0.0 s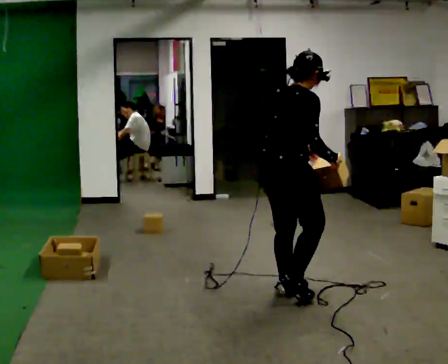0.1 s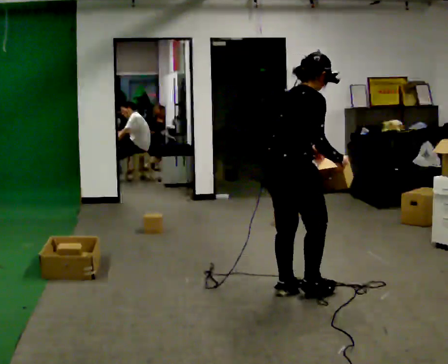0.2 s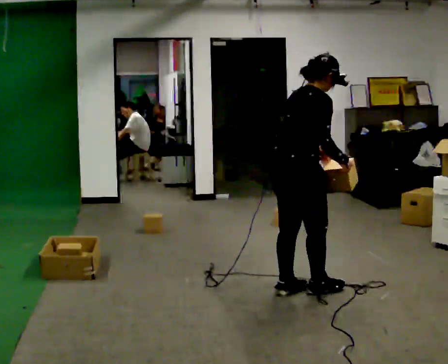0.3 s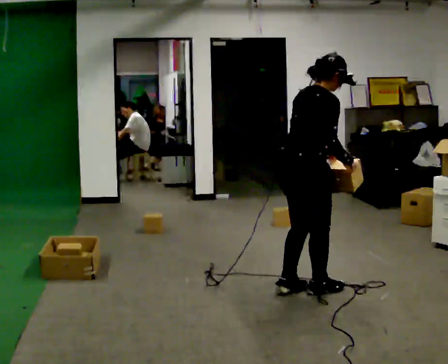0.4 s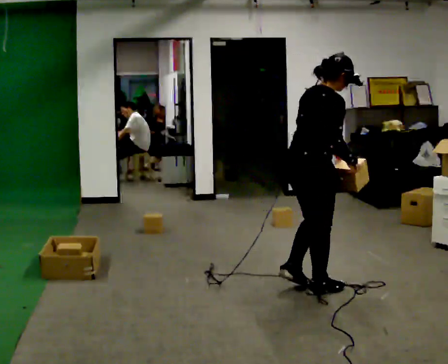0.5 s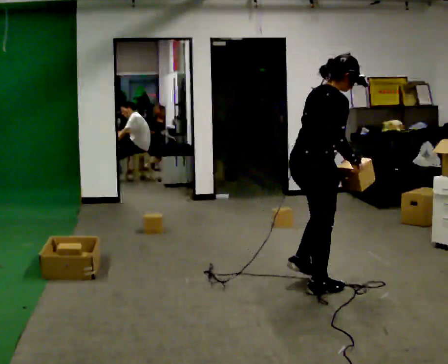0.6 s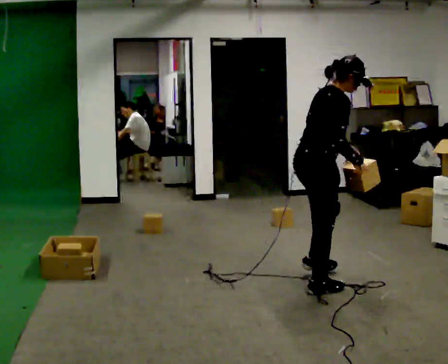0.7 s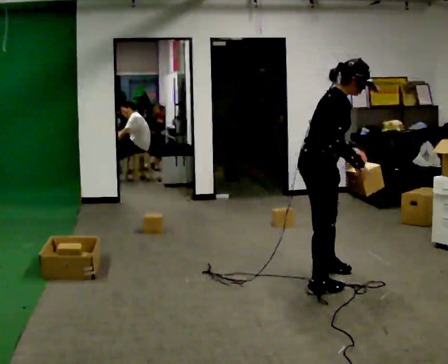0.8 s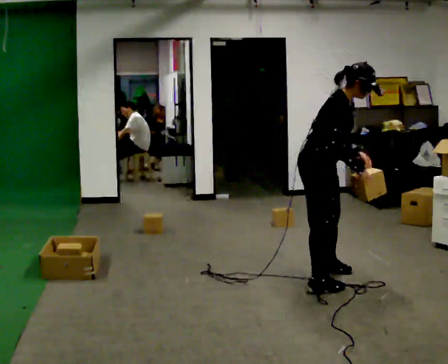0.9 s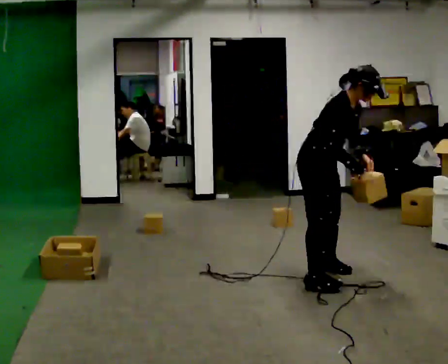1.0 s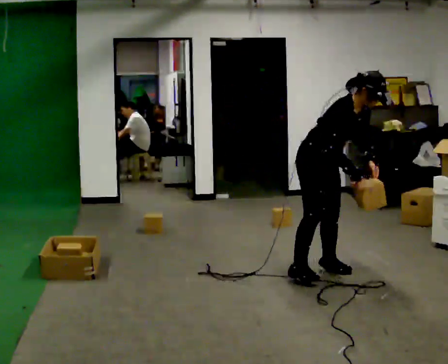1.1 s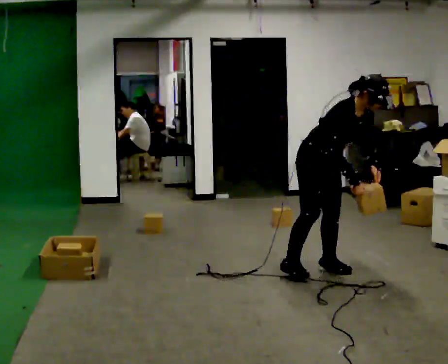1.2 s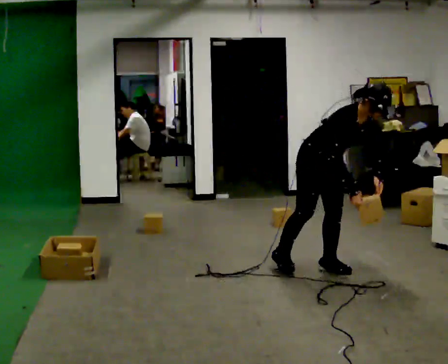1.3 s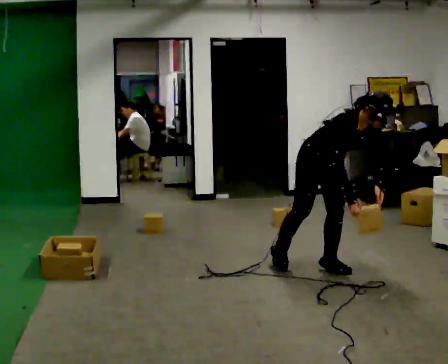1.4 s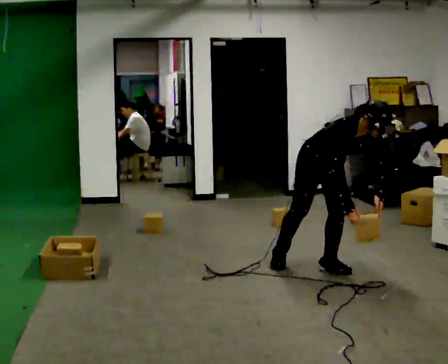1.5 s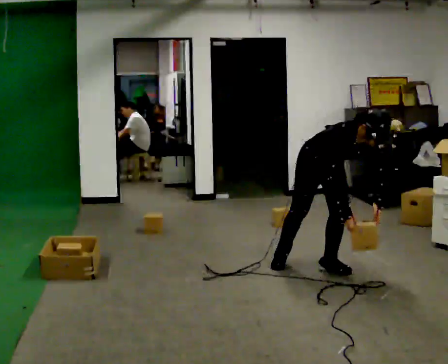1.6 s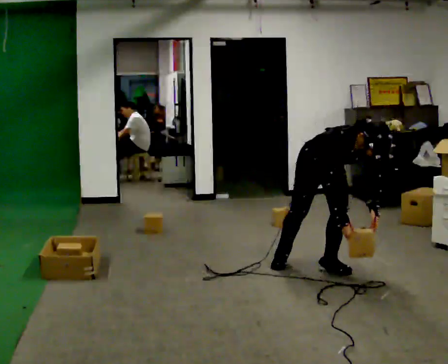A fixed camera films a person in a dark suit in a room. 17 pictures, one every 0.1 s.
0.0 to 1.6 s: The part of the body nearest the lens slides to the left as the person turns to their right by about 90 degrees. In the picture they go away from the camera, about 0.5 m in 3 steps. The shoulders move downward. The upper body tips toward the camera, its near side rolling downward, as they bend forward. In the picture their right hand goes downward.
The film runs forward here.
